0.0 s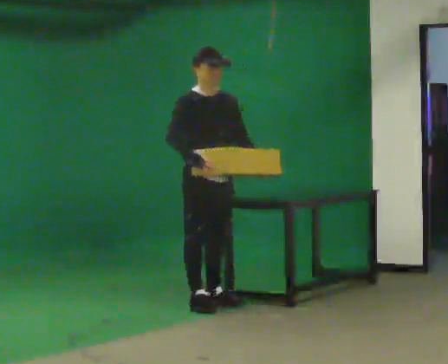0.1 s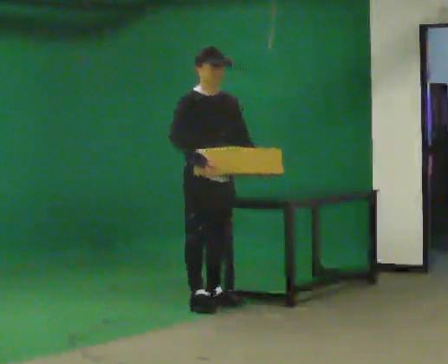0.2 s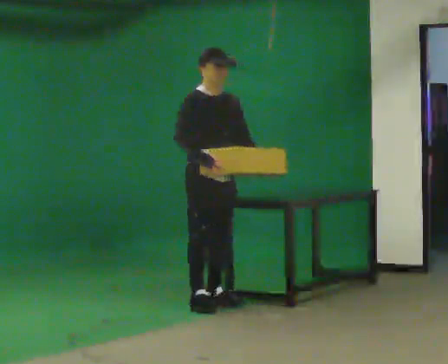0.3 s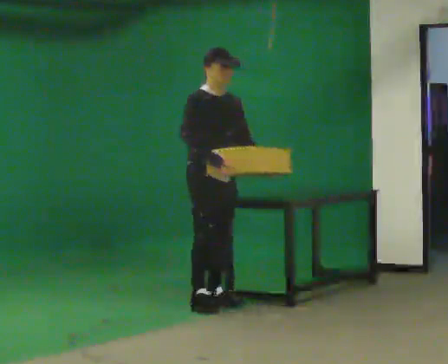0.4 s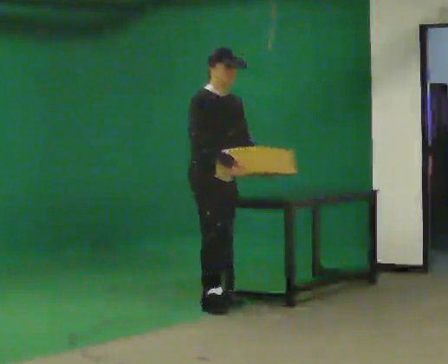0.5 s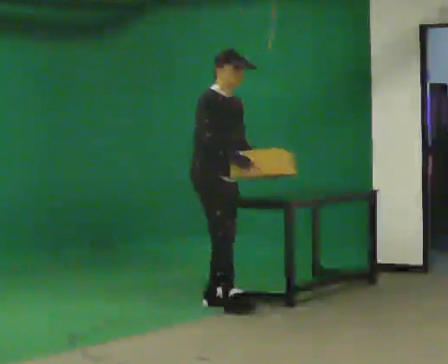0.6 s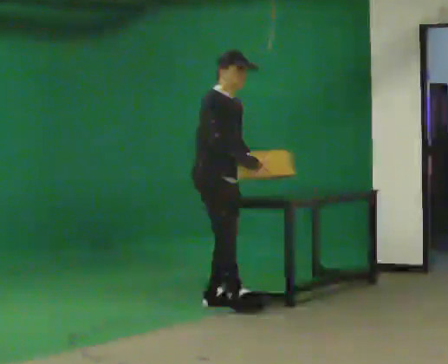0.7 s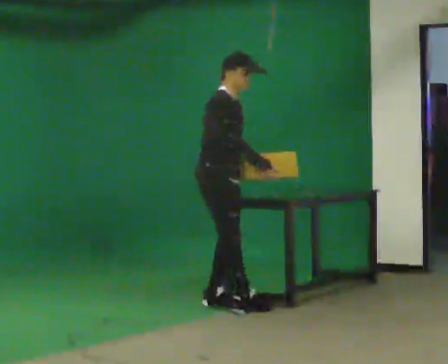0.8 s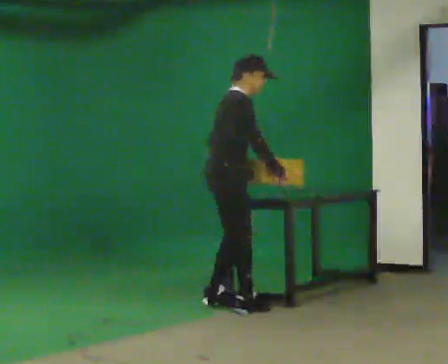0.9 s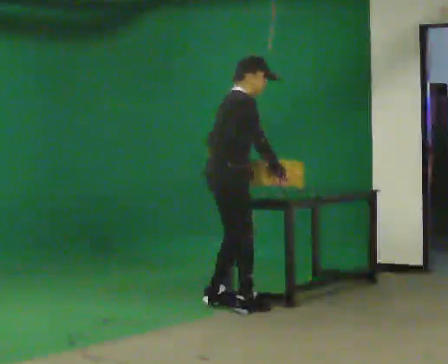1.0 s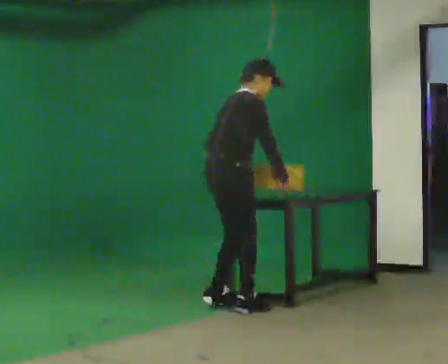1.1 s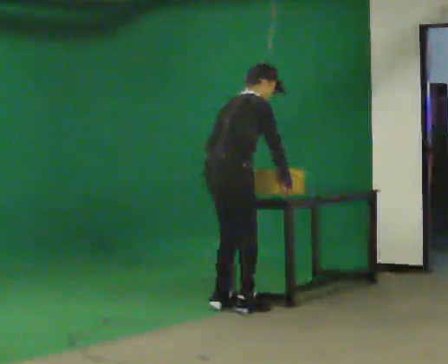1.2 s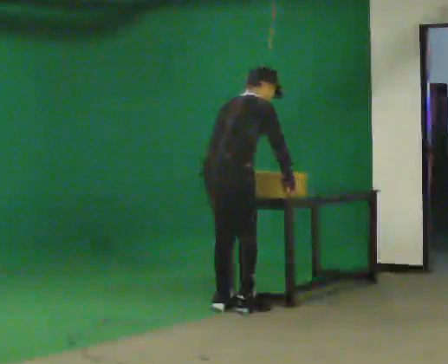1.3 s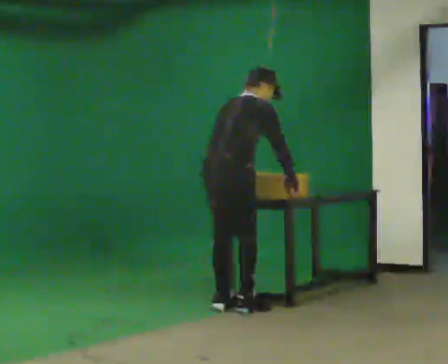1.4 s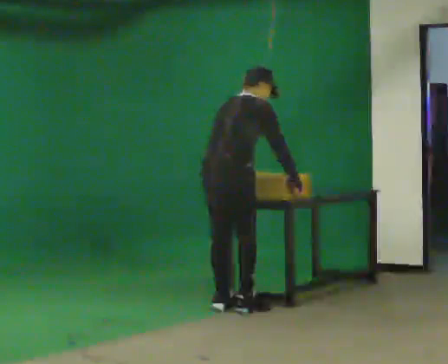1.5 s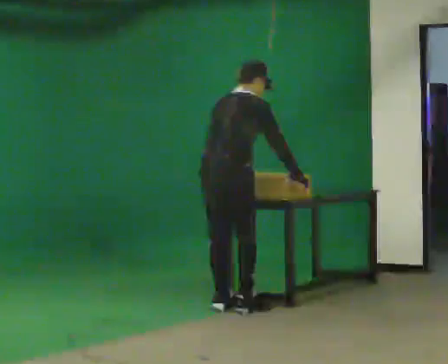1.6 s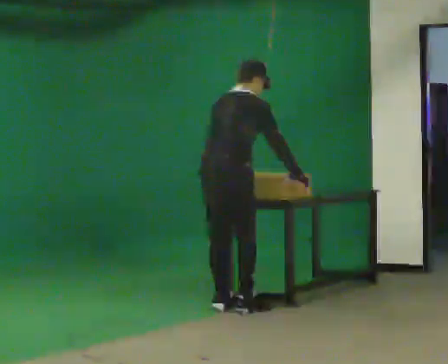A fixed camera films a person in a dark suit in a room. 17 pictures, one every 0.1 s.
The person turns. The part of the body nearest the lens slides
to the right.
Their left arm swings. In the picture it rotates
clockwise.
0.0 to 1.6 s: Seen from above the body turns counterclockwise, about 105 degrees: to their left, with its near side sliding to the right. In the picture they go to the right and toward the camera, about 0.25 m in 2 steps. The upper body tips away from the camera, its near side rolling upward, as they bend forward.
The film runs backward here.
